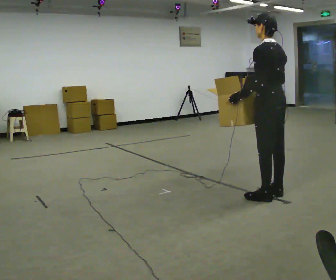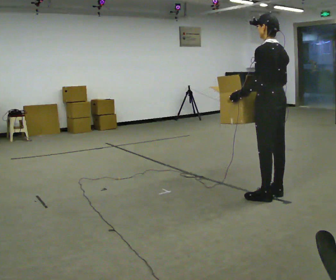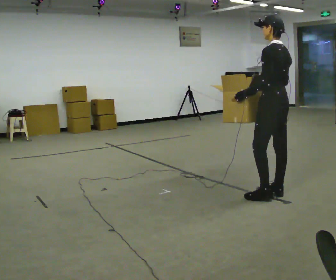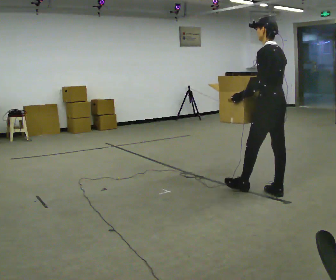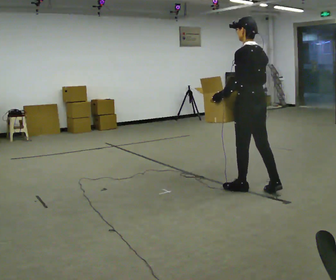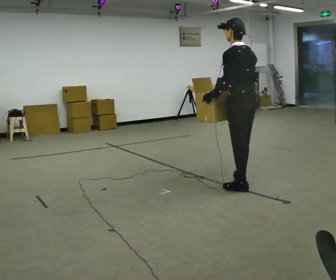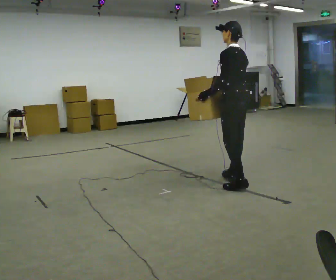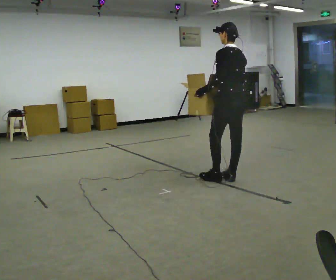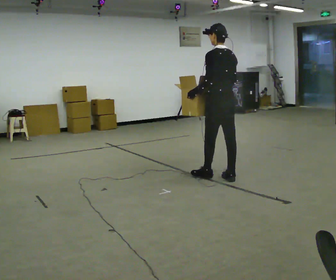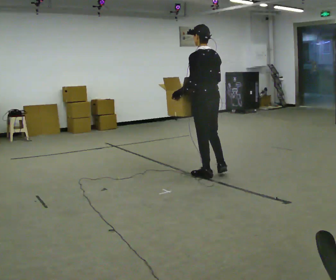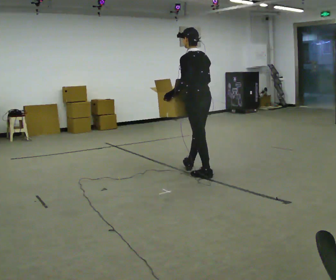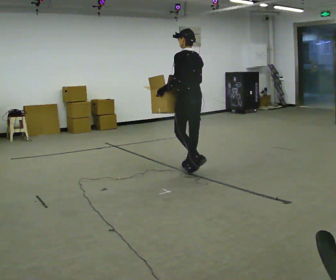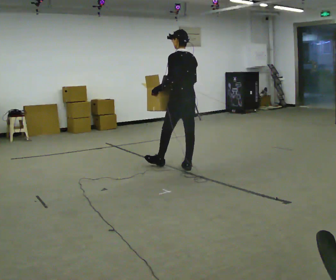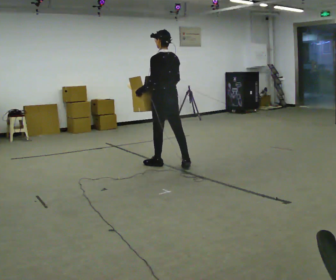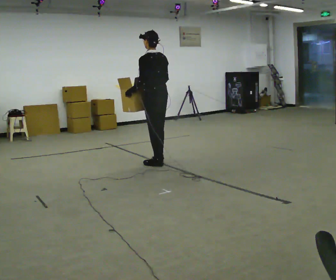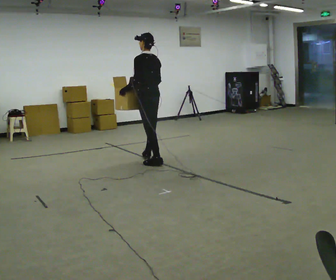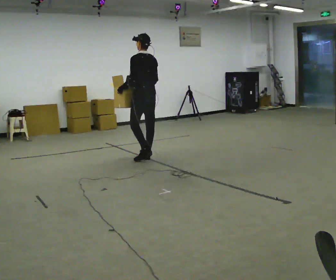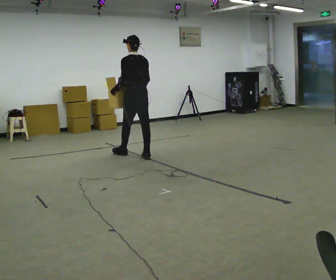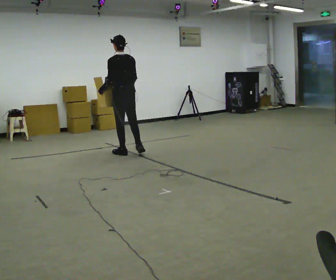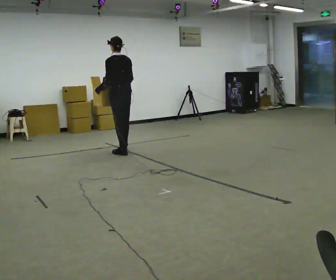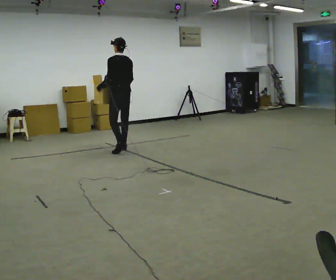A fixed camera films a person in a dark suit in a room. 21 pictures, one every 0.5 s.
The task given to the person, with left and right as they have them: Carry the box with its lid hanging open across the room, back and forth.
0.0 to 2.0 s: In the picture they go away from the camera and to the left, about 0.25 m in 1 step, which for them is forward.
2.0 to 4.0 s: In the picture they go away from the camera and to the left, about 0.5 m in 2 steps, which for them is forward and to their right.
4.0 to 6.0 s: In the picture they go away from the camera and to the left, about 0.75 m in 1 step, which for them is forward.
6.0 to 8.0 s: In the picture they go to the left and away from the camera, about 0.5 m in 2 steps, which for them is forward.
8.0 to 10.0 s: In the picture they go away from the camera and to the left, about 0.75 m in 2 steps, which for them is forward.
The film runs forward here.
